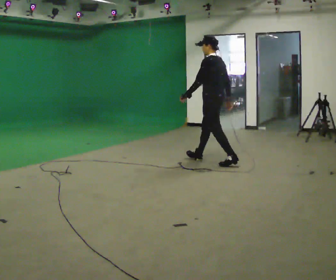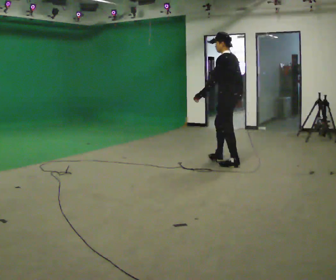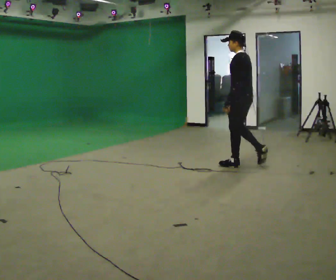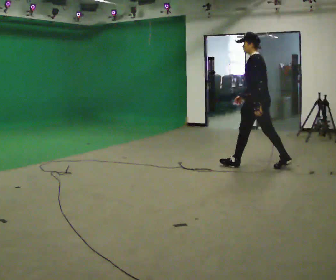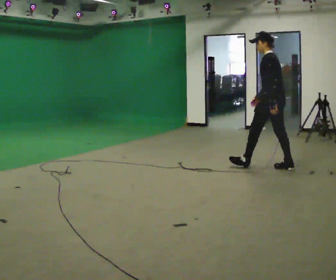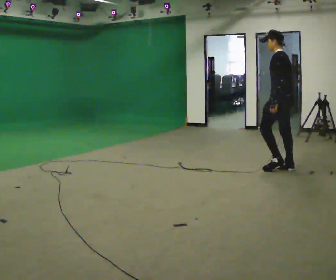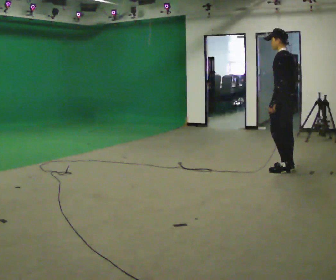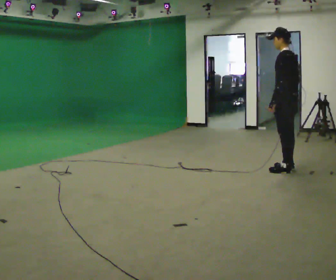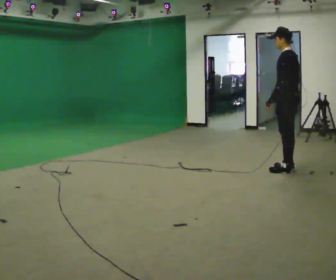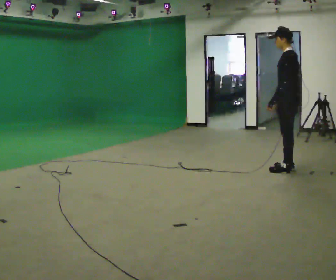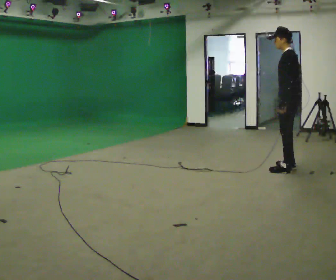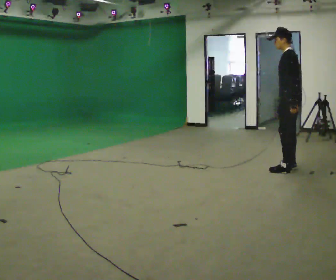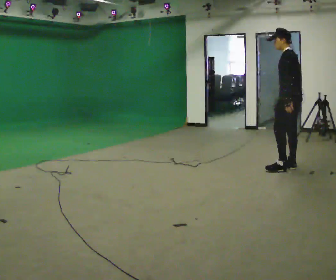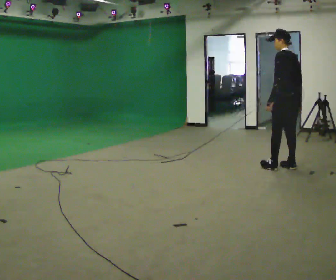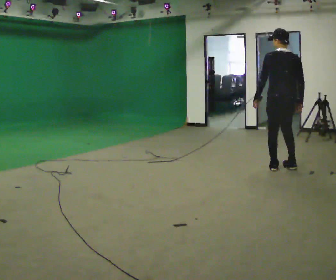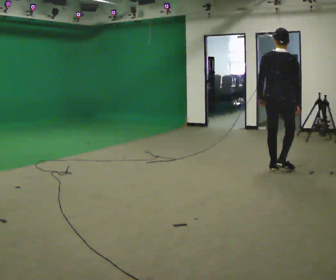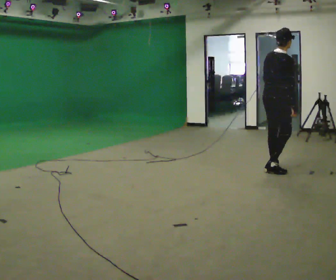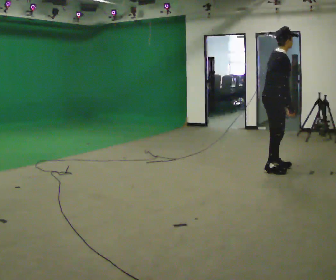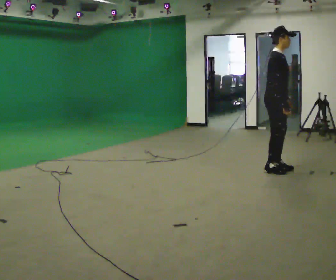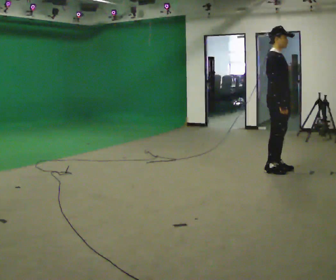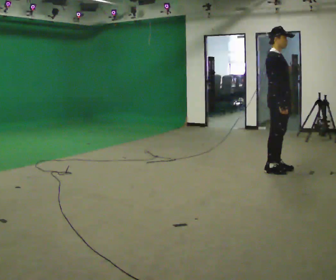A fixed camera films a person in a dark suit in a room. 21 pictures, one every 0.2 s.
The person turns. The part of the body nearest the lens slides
to the left.
The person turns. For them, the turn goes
to their right.
0.0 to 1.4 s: In the picture they go to the right, about 1 m in 2 steps, which for them is backward.
1.4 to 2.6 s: The person moves a little, or ends about where they began.
2.6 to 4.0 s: The part of the body nearest the lens slides to the left as the person turns to their right by about 165 degrees. In the picture they go to the left, about 0.25 m in 1 step.
The film runs backward here.
